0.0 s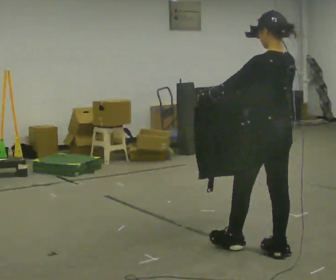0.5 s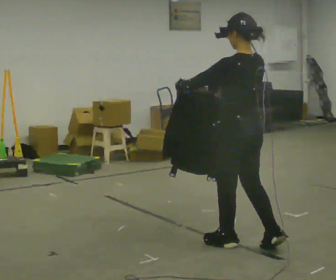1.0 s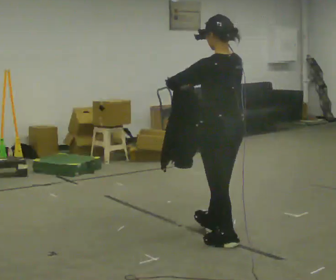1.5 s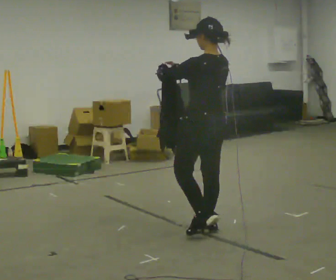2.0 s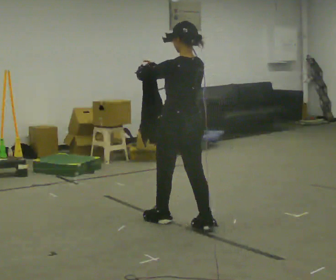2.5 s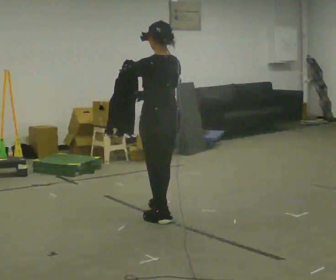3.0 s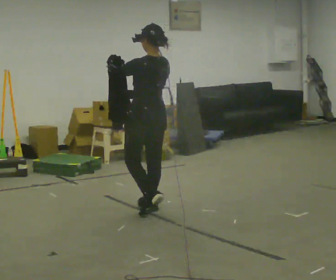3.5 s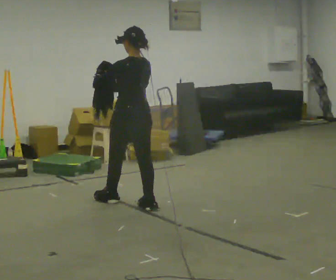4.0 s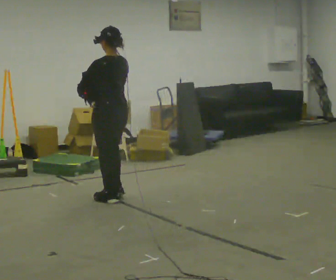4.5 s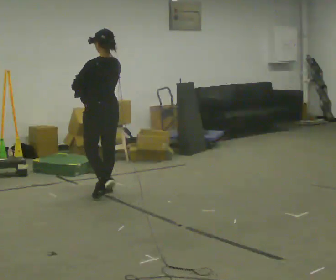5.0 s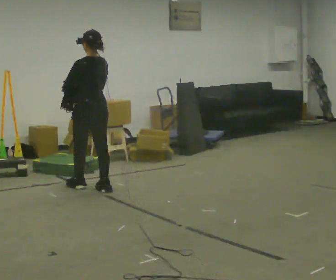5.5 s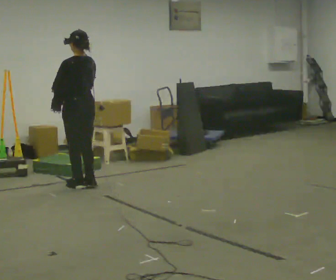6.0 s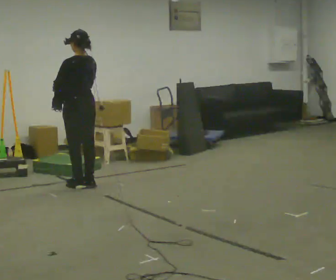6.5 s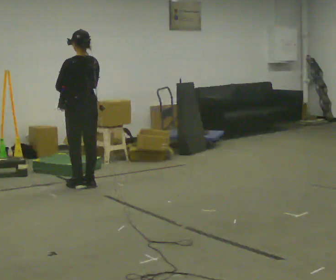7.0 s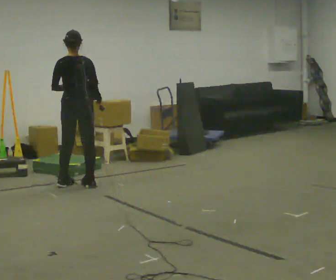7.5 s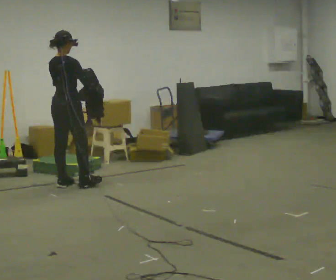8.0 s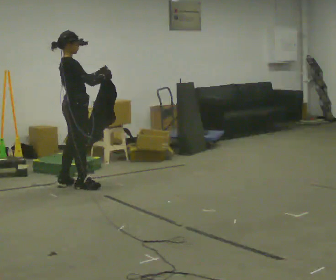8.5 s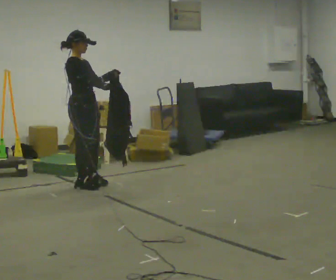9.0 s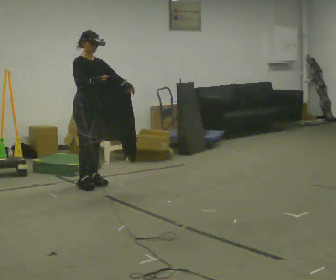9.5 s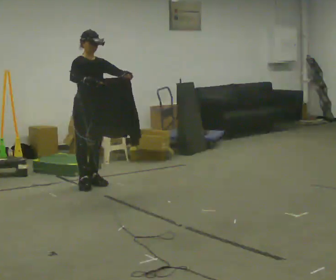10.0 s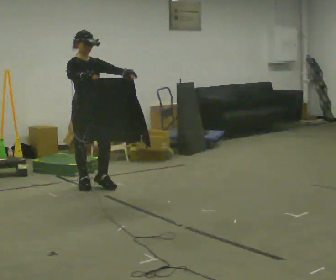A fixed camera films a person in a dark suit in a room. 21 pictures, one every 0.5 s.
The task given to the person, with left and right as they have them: Carry the cloth and, while walking, fold it in half, then unfold it. Keep repeating as you walk. Do not stop.
0.0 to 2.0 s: In the picture they go away from the camera and to the left, about 1 m in 3 steps, which for them is forward.
2.0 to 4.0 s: In the picture they go away from the camera and to the left, about 1 m in 2 steps, which for them is forward.
4.0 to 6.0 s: In the picture they go away from the camera and to the left, about 0.75 m in 3 steps, which for them is forward.
6.0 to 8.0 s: The part of the body nearest the lens slides to the left as the person turns to their right by about 105 degrees. In the picture their left hand goes to the right.
8.0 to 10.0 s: The person turns about 75 degrees to their right, clockwise seen from above, so the part of the body nearest the lens slides to the left.
The film runs forward here.
